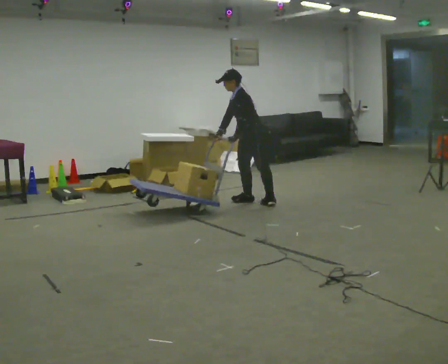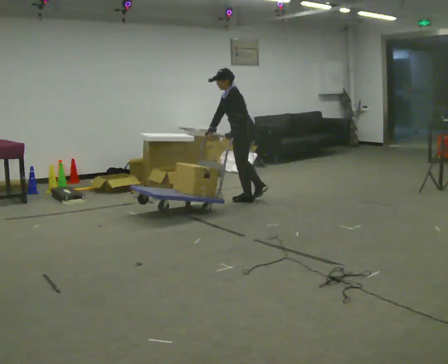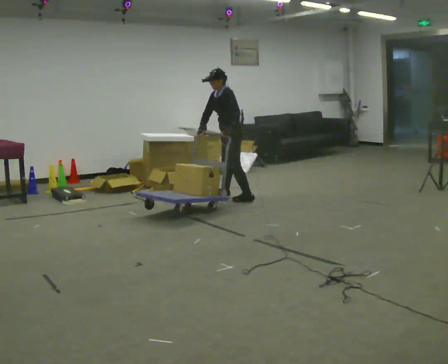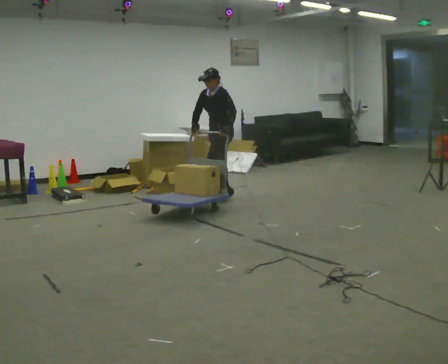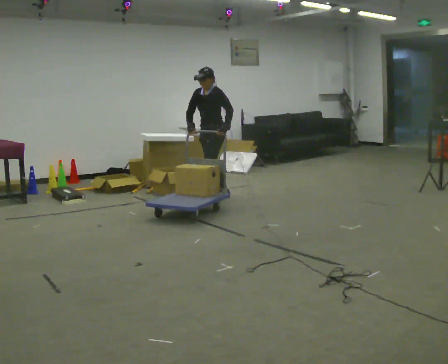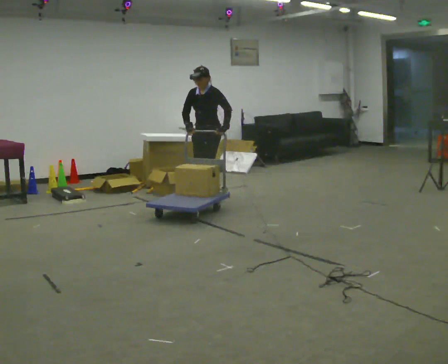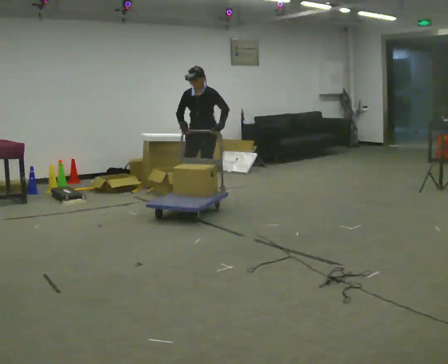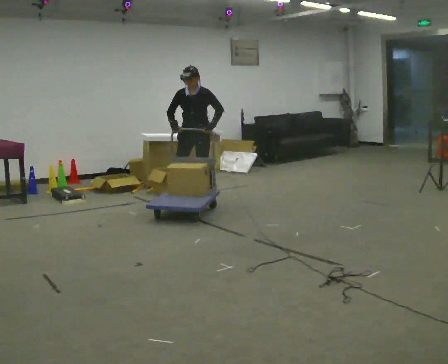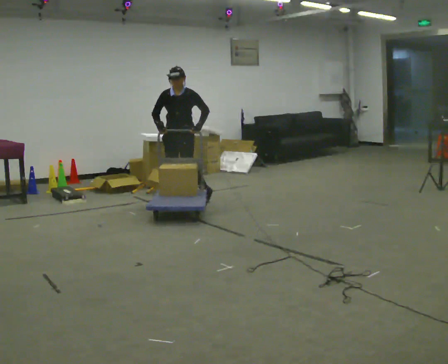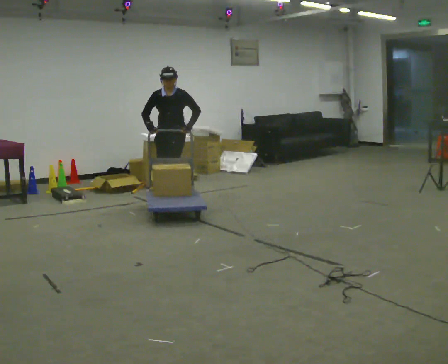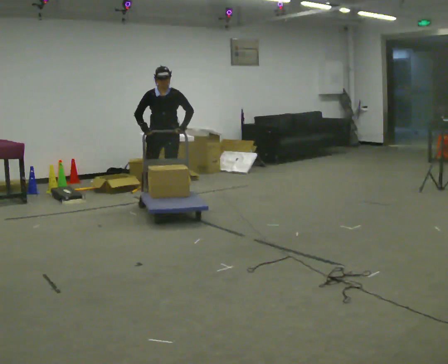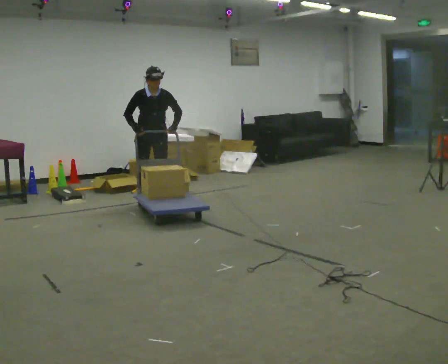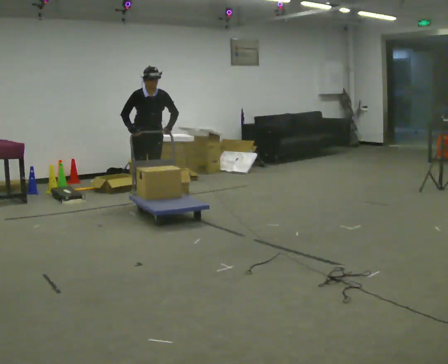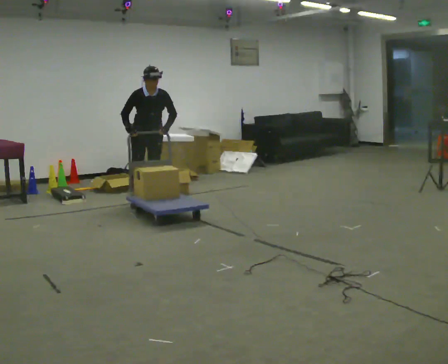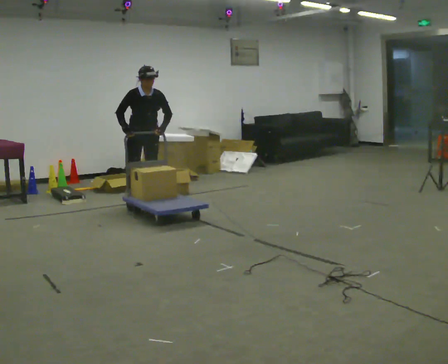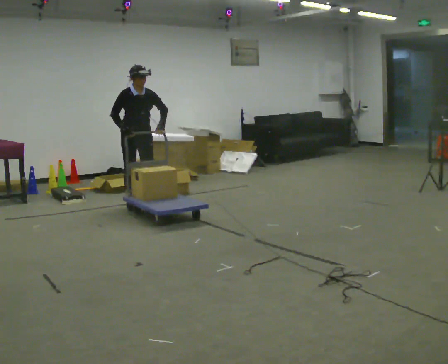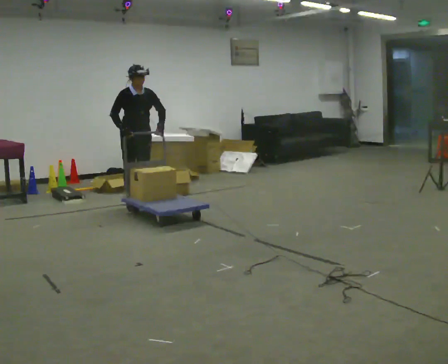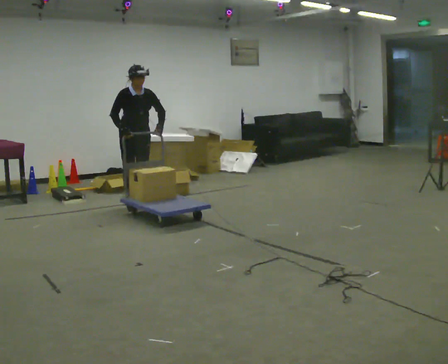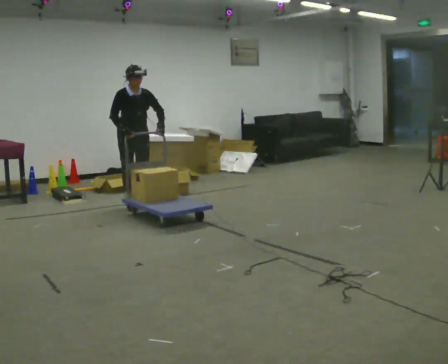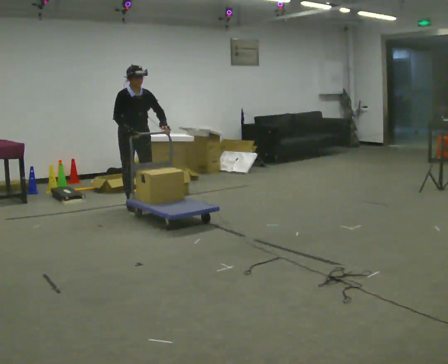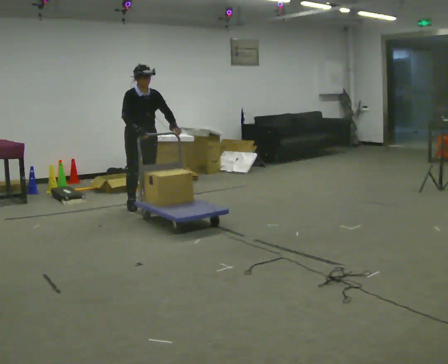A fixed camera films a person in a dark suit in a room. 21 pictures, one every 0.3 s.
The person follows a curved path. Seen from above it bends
counterclockwise.
The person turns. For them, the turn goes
to their left.
0.0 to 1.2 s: The person turns about 60 degrees to their left, counterclockwise seen from above, so the part of the body nearest the lens slides to the right. In the picture they go to the left and away from the camera, about 0.5 m in 3 steps, which for them is forward and to their right. In the picture the upper body tilts clockwise, shoulders to the right.
1.2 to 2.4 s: Seen from above the body turns counterclockwise, about 30 degrees: to their left, with its near side sliding to the right. In the picture they go to the left, about 0.5 m in 1 step, which for them is forward and to their right.
2.4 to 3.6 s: Seen from above the body turns counterclockwise, about 45 degrees: to their left, with its near side sliding to the right. In the picture they go to the left, about 0.5 m in 3 steps, which for them is to their right and forward.
3.6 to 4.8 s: In the picture they go toward the camera, about 0.25 m in 1 step, which for them is to their right and forward.
4.8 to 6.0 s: In the picture they go toward the camera, about 0.25 m in 1 step, which for them is forward.
The film runs forward here.
